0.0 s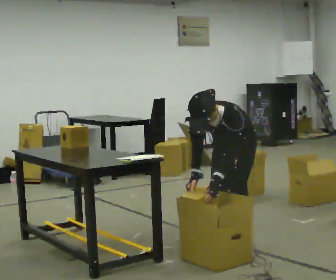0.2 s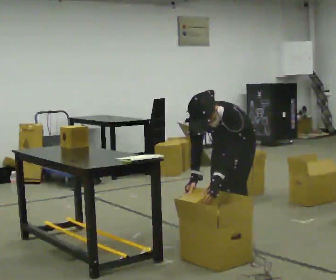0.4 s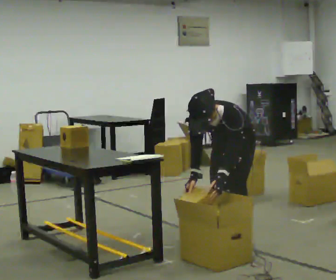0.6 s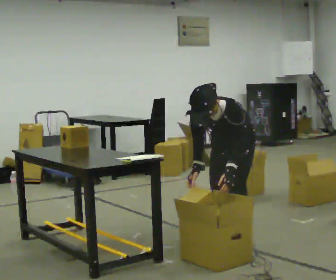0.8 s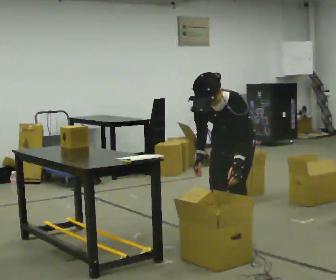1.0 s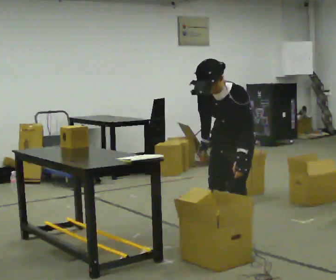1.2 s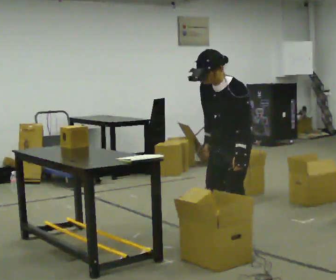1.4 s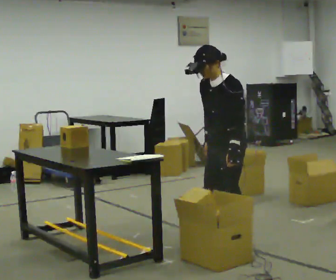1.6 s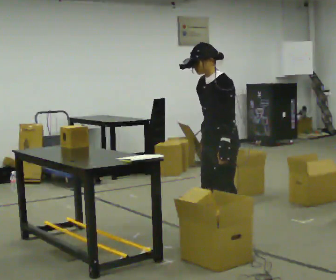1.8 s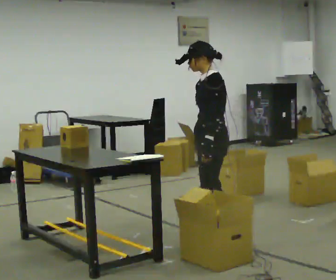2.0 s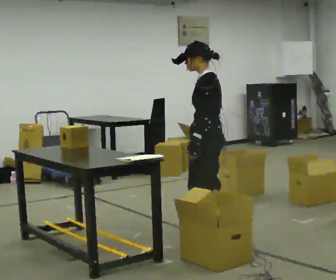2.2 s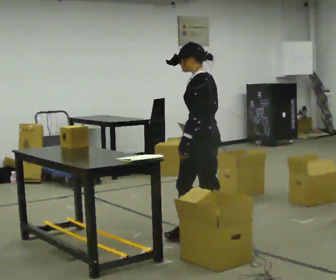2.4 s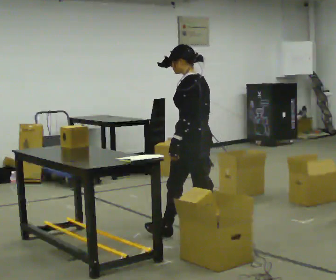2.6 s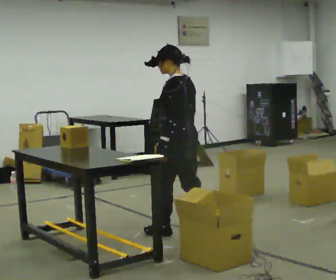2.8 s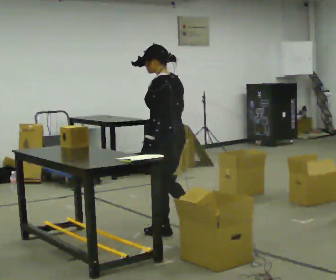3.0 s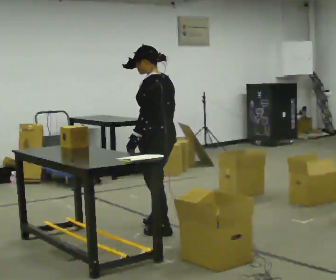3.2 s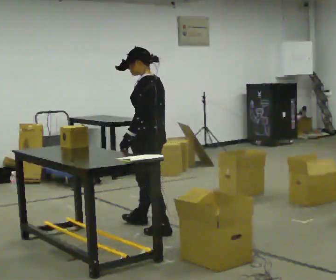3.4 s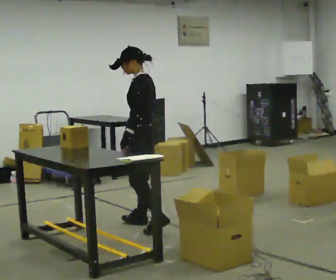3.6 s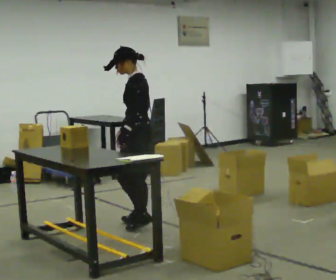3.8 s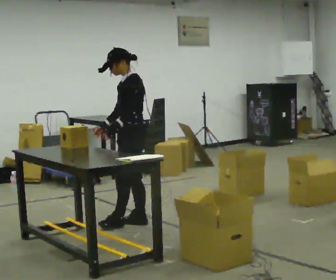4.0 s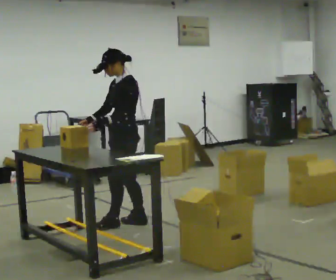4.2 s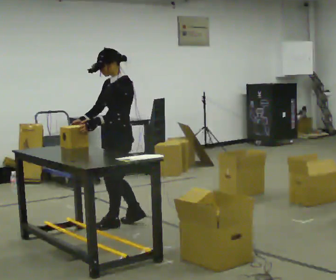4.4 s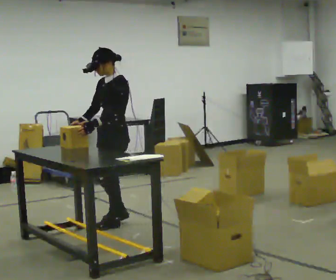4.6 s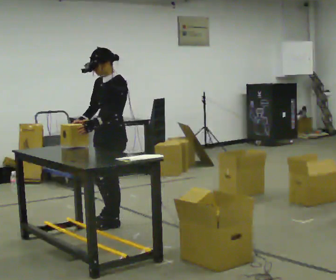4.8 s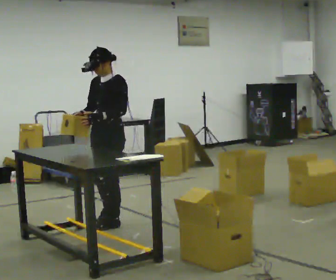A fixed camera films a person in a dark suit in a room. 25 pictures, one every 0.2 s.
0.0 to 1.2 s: The upper body goes upward. The upper body tips away from the camera, its near side rolling upward, as they lean back or straighten.
1.2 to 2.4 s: The part of the body nearest the lens slides to the left as the person turns to their right by about 60 degrees. In the picture they go to the left and away from the camera, about 0.25 m. The upper body tips away from the camera, its near side rolling upward, as they lean back or straighten.
2.4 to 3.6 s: The part of the body nearest the lens slides to the right as the person turns to their left by about 30 degrees. In the picture they go to the left and away from the camera, about 0.5 m in 2 steps, which for them is forward.
3.6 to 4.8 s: The part of the body nearest the lens slides to the right as the person turns to their left by about 45 degrees. In the picture they go to the left, about 0.25 m in 2 steps, which for them is forward.
The film runs forward here.
